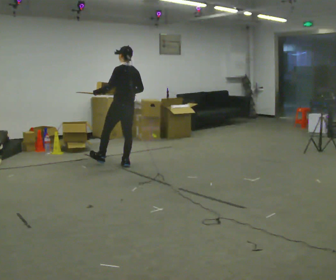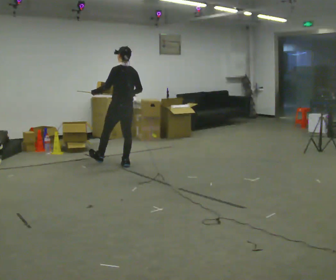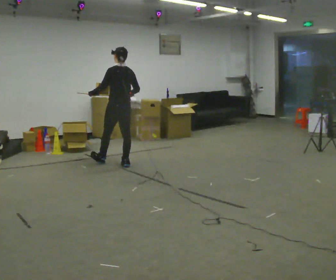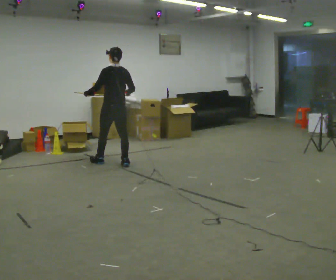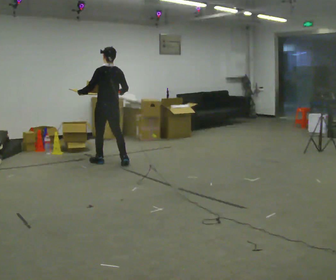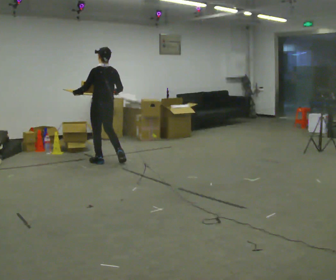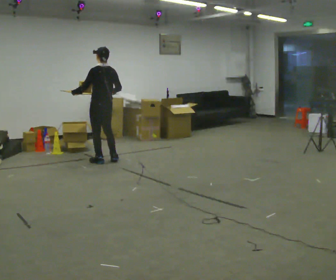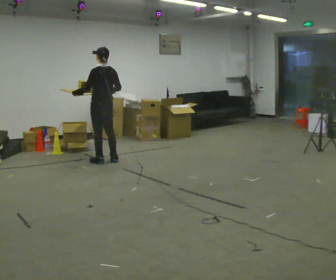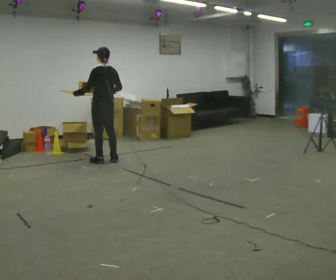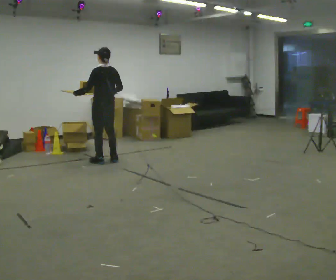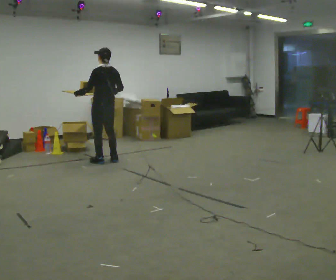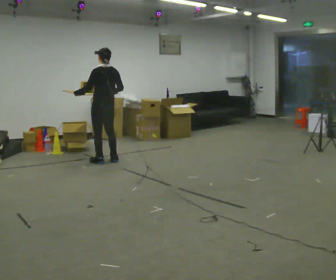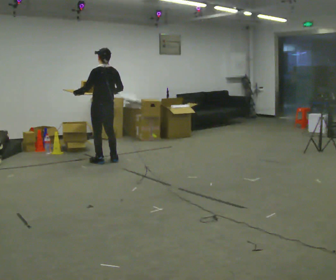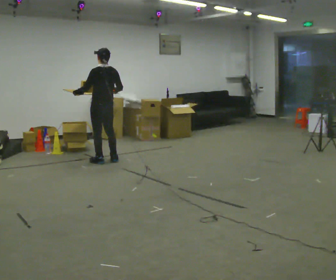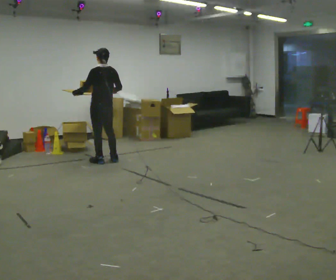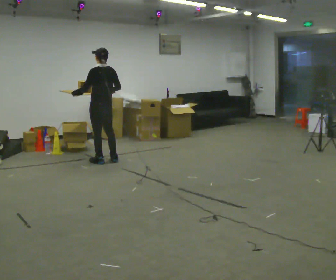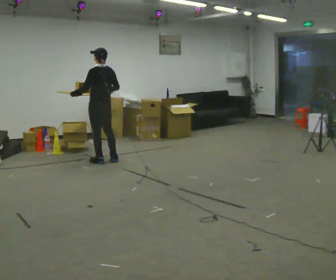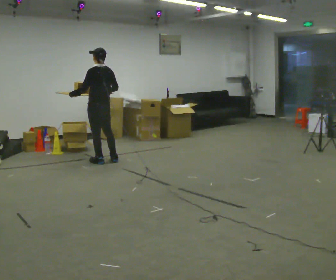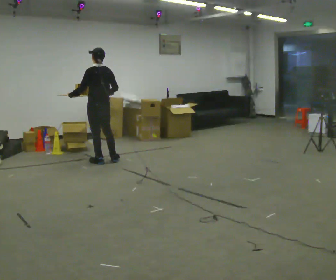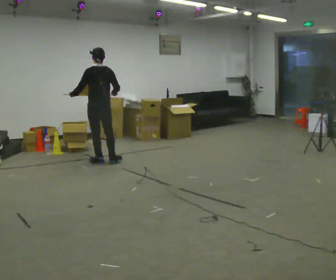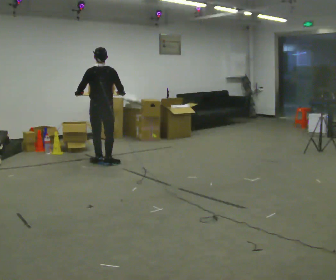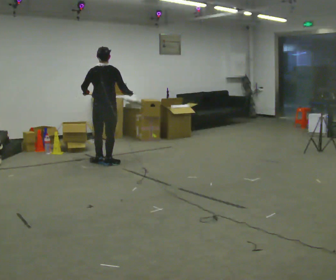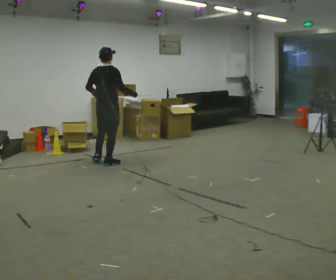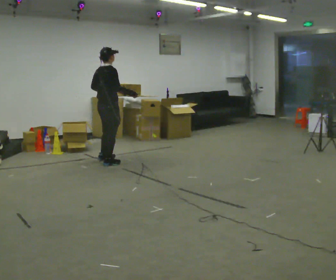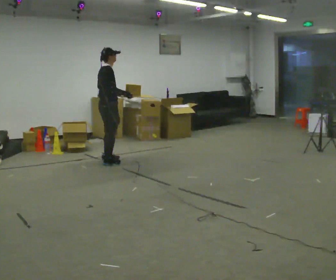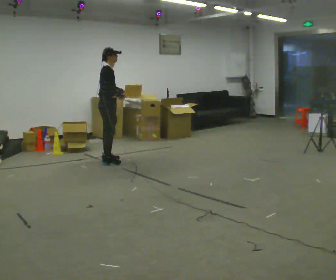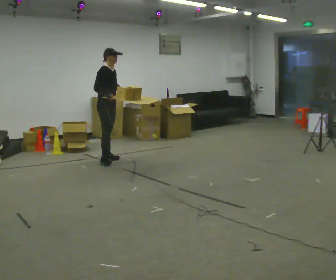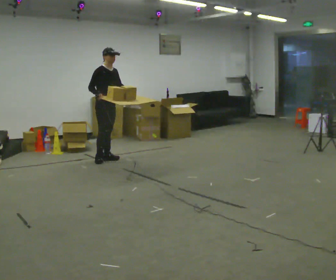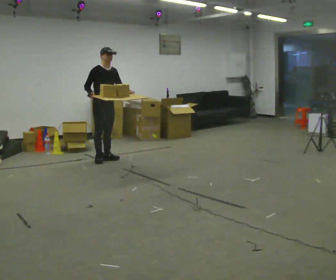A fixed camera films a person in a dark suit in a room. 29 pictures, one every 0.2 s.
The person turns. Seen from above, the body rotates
clockwise.
The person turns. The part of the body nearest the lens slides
to the left.
0.0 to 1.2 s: In the picture they go to the left and away from the camera, about 0.25 m in 1 step, which for them is forward and to their left.
1.2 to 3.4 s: The person moves a little, or ends about where they began.
3.4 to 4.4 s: The person turns about 60 degrees to their right, clockwise seen from above, so the part of the body nearest the lens slides to the left. In the picture their right hand goes to the right.
4.4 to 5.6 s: The person turns about 120 degrees to their right, clockwise seen from above, so the part of the body nearest the lens slides to the left. In the picture they go away from the camera, about 0.25 m in 2 steps. In the picture their right hand goes to the left, the arm swinging clockwise.
The film runs forward here.
